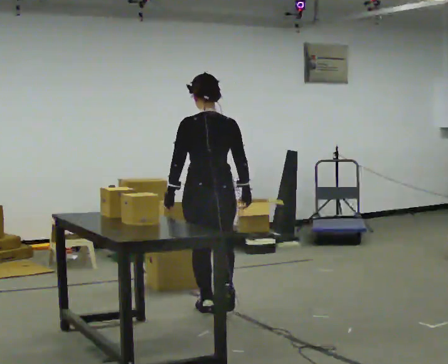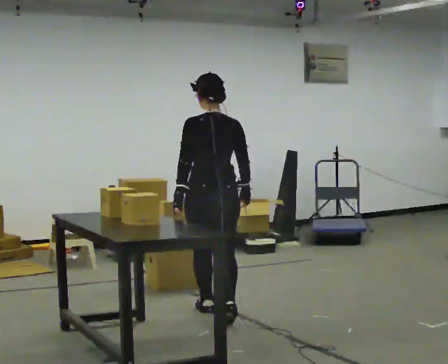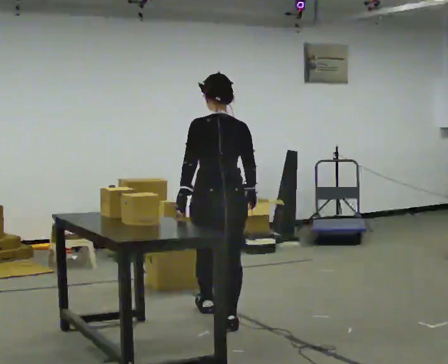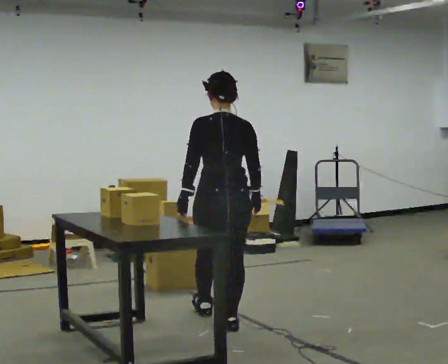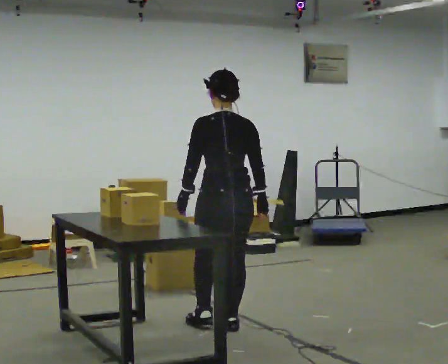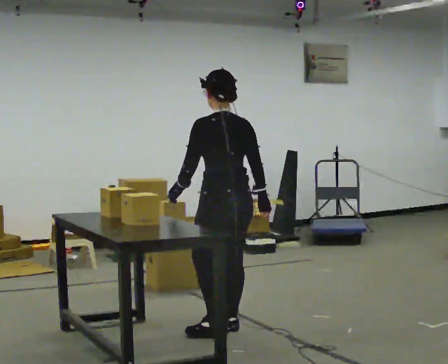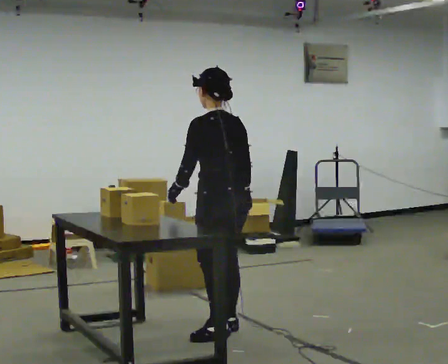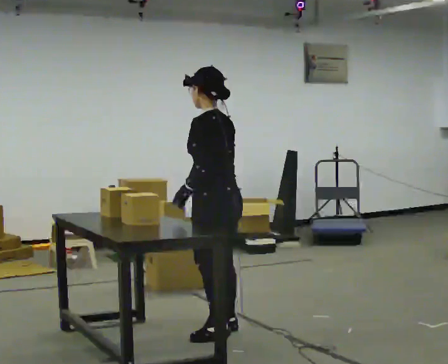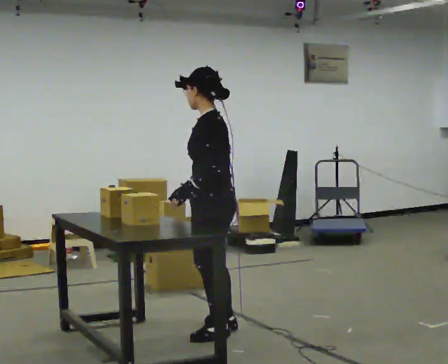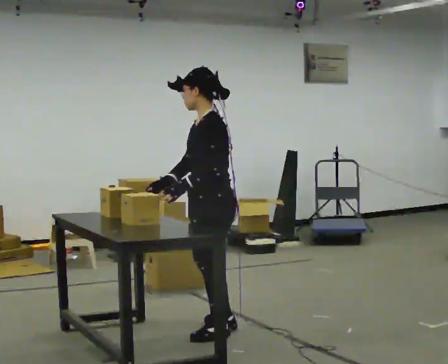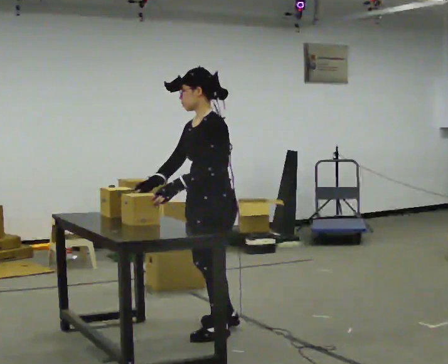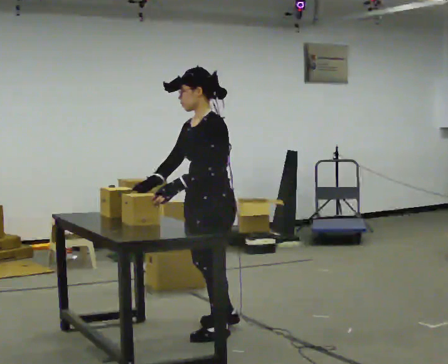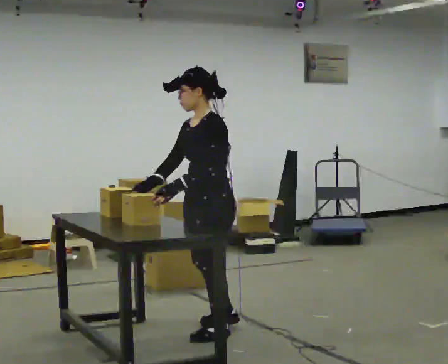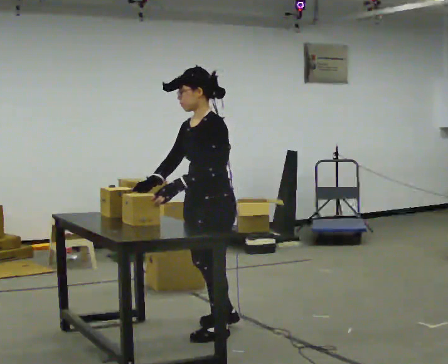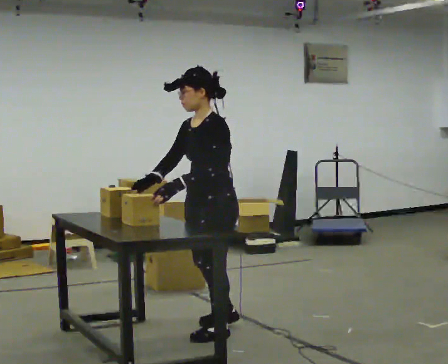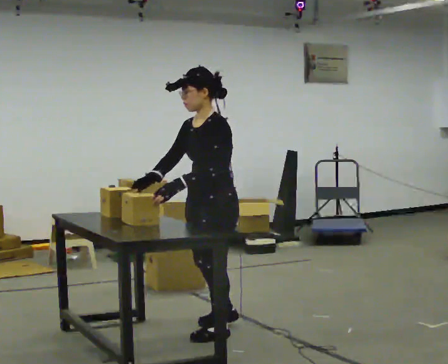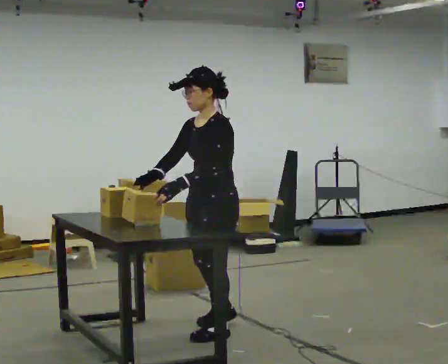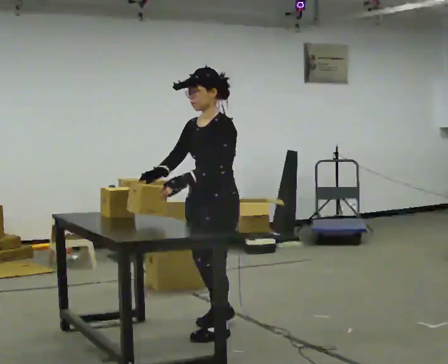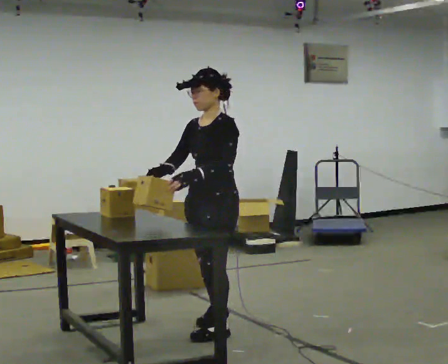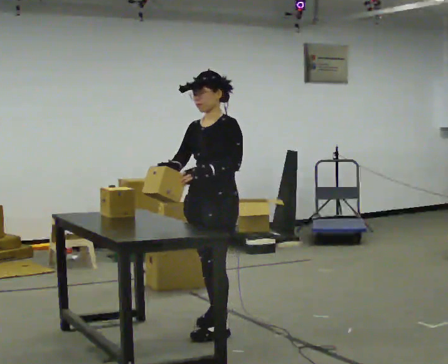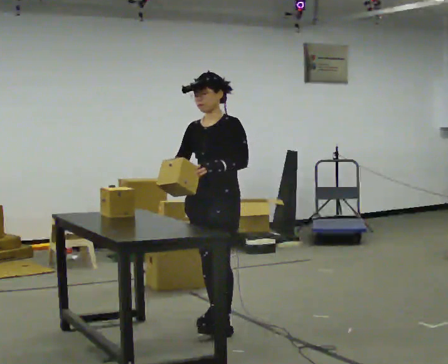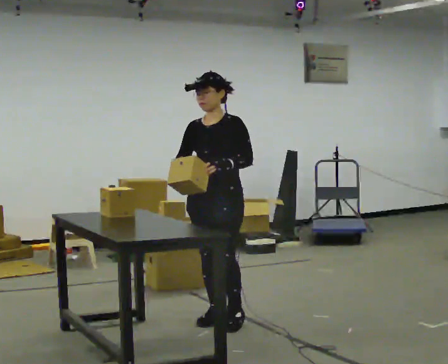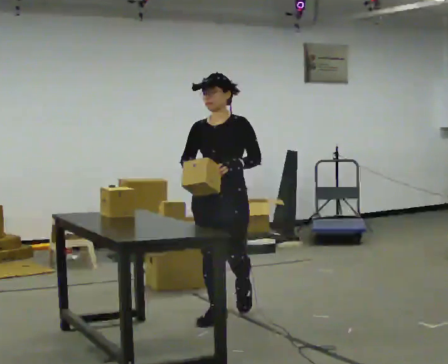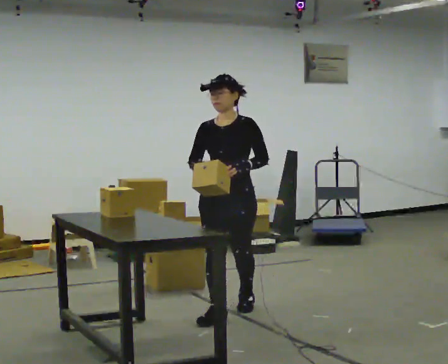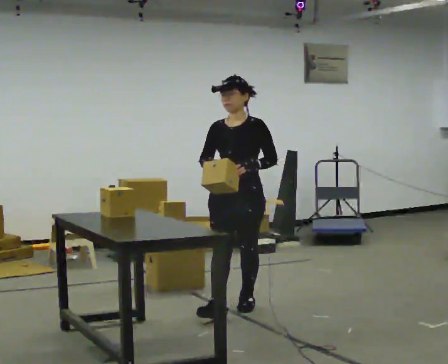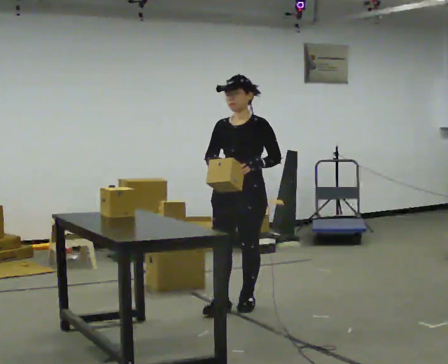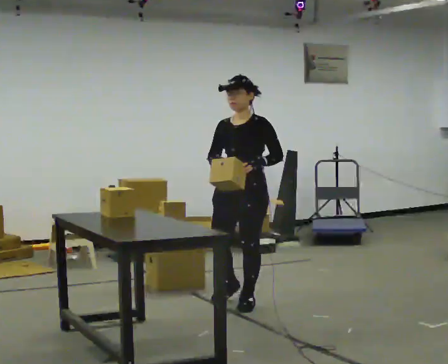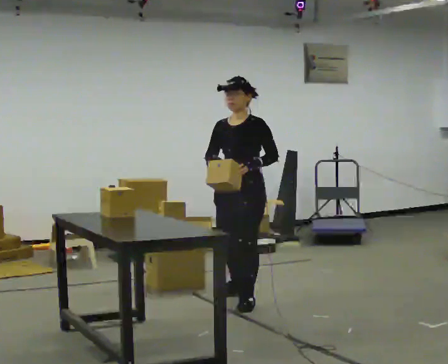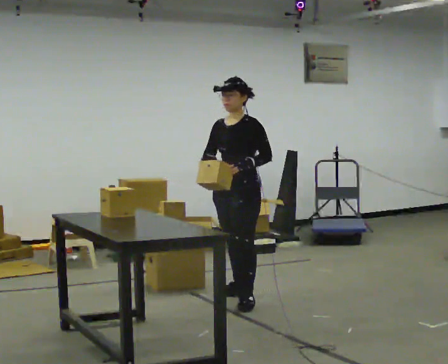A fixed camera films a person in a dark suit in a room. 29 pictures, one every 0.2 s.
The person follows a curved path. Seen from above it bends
clockwise.
0.0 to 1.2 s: Seen from above the body turns counterclockwise, about 45 degrees: to their left, with its near side sliding to the right. In the picture they go toward the camera, about 0.5 m in 1 step, which for them is backward.
1.2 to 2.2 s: The part of the body nearest the lens slides to the right as the person turns to their left by about 60 degrees. In the picture their right hand goes to the left, the arm swinging clockwise.
2.2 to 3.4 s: The person moves a little, or ends about where they began.
3.4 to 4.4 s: The part of the body nearest the lens slides to the right as the person turns to their left by about 45 degrees. In the picture they go away from the camera, about 0.25 m in 1 step, which for them is backward and to their right.
4.4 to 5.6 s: Seen from above the body turns clockwise, about 30 degrees: to their right, with its near side sliding to the left. In the picture they go away from the camera, about 0.5 m in 1 step, which for them is backward.
The film runs backward here.
